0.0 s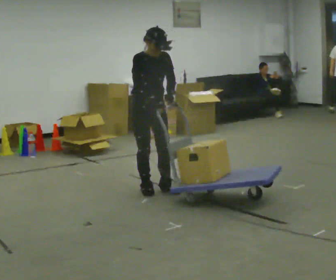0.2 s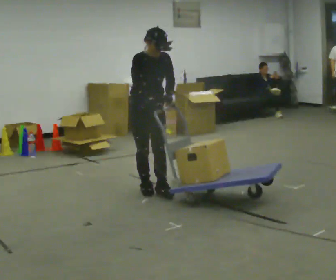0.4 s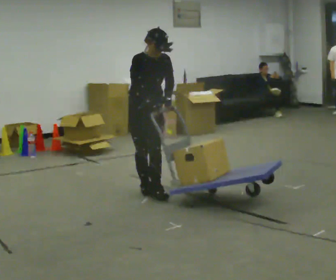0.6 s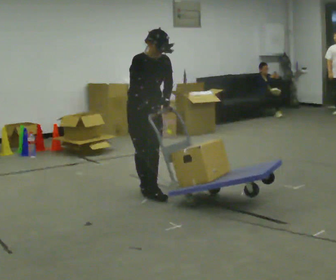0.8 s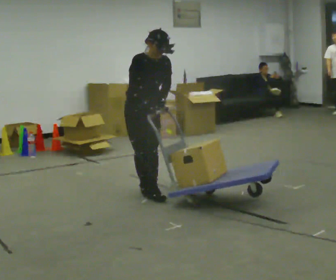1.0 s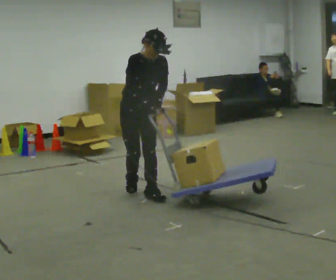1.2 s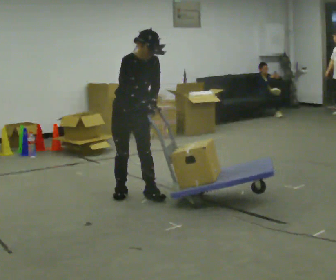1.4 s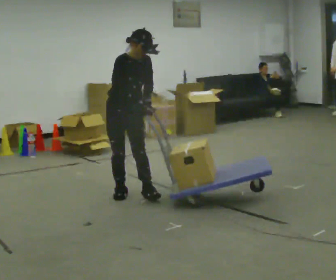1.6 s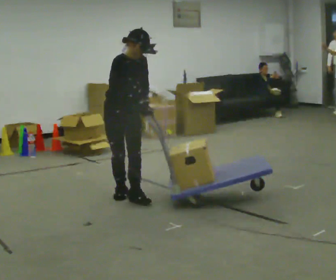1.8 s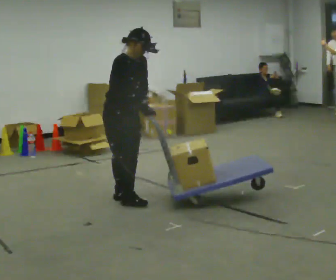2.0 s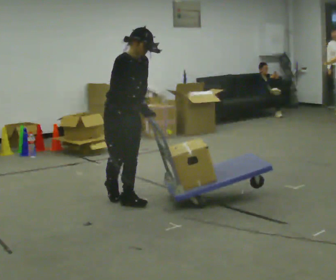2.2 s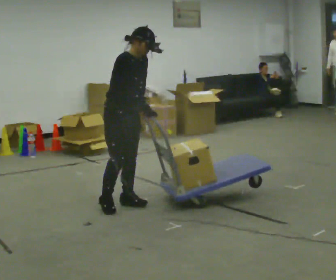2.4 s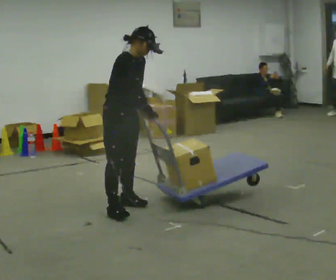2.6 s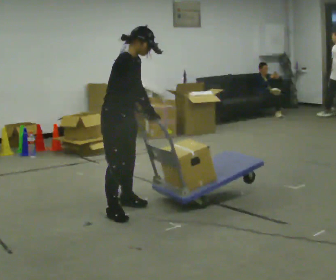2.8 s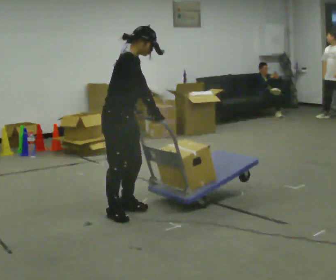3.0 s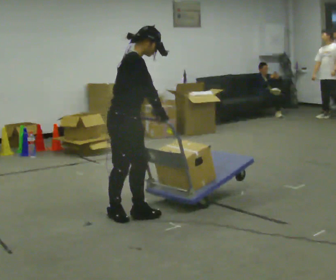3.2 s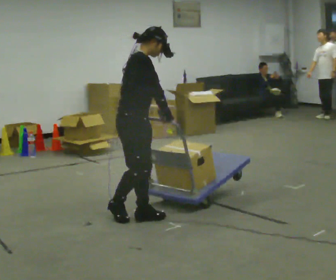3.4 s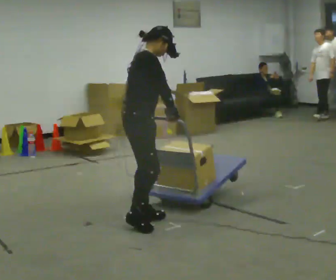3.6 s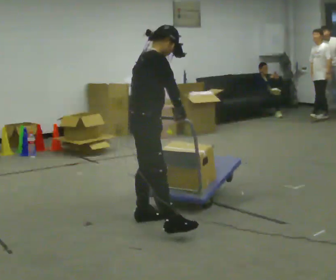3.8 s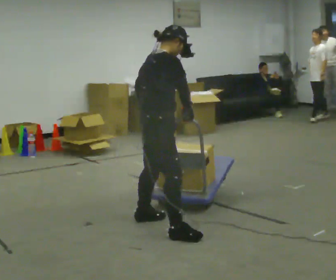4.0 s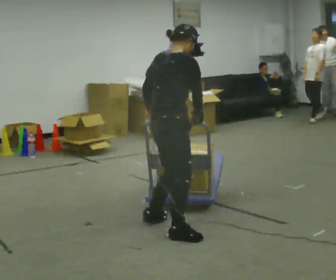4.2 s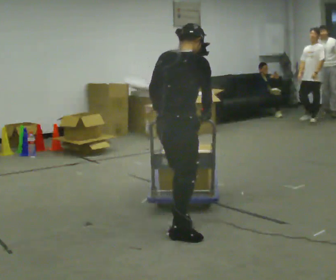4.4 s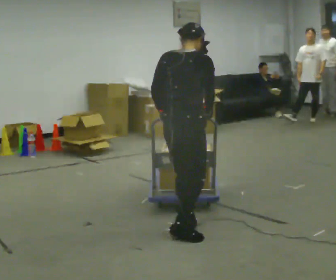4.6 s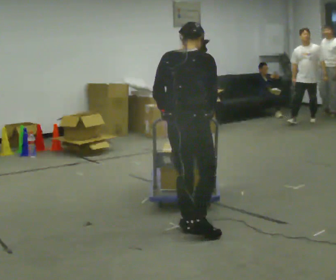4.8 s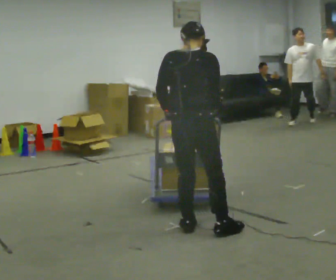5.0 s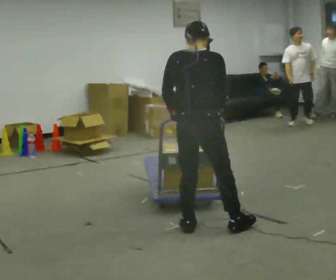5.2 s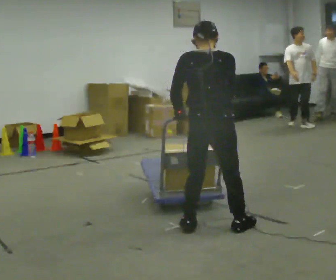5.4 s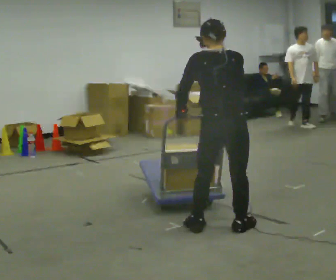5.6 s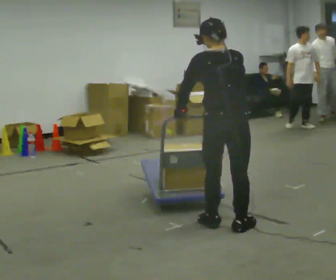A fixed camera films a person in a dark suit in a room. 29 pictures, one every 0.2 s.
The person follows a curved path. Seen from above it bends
counterclockwise.
The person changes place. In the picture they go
toward the camera.
0.0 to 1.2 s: In the picture they go to the left, about 0.25 m in 2 steps, which for them is to their right.
1.2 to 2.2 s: In the picture they go toward the camera, about 0.25 m in 1 step, which for them is to their right and forward.
2.2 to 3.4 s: The part of the body nearest the lens slides to the right as the person turns to their left by about 45 degrees. In the picture they go toward the camera, about 0.5 m in 2 steps, which for them is to their right and forward.
3.4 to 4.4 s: The person turns about 45 degrees to their left, counterclockwise seen from above, so the part of the body nearest the lens slides to the right. In the picture they go to the right and toward the camera, about 0.5 m in 2 steps, which for them is to their right and forward.
4.4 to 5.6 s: The part of the body nearest the lens slides to the right as the person turns to their left by about 45 degrees. In the picture they go to the right, about 0.25 m in 1 step, which for them is to their right and forward.
The film runs forward here.
